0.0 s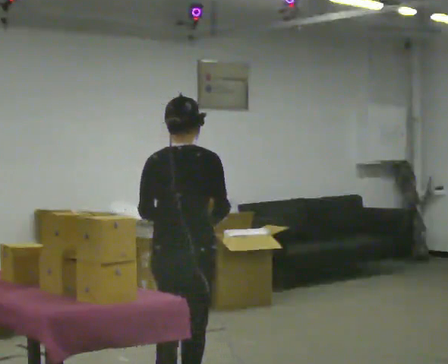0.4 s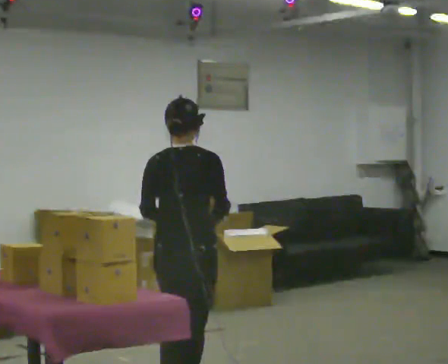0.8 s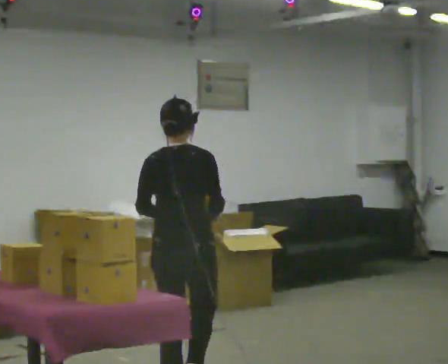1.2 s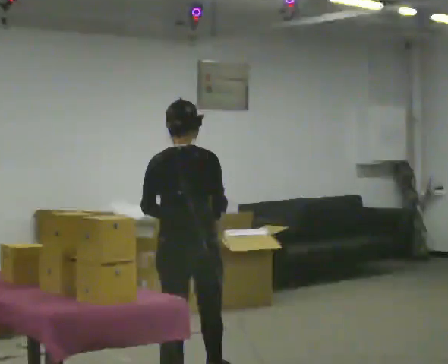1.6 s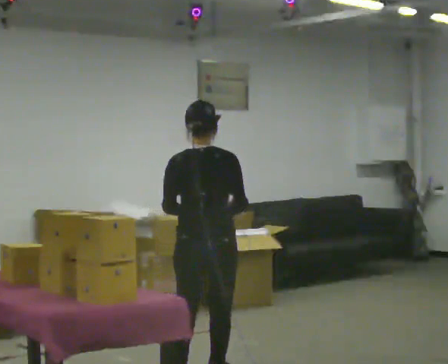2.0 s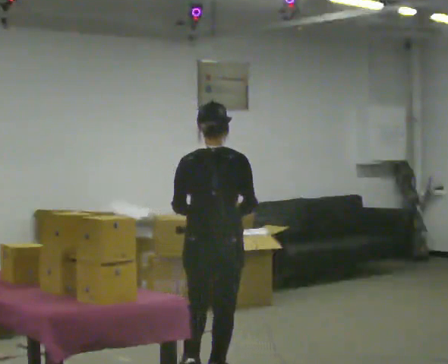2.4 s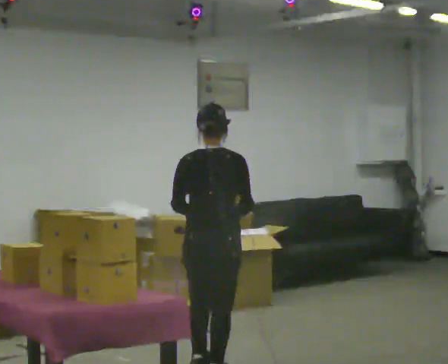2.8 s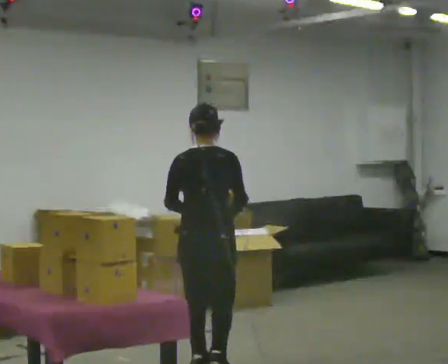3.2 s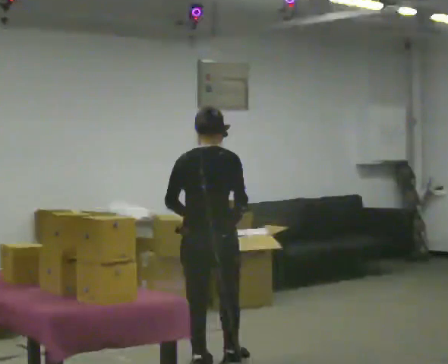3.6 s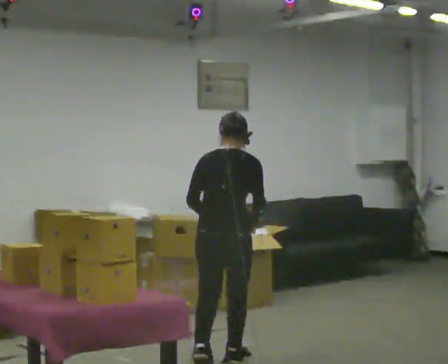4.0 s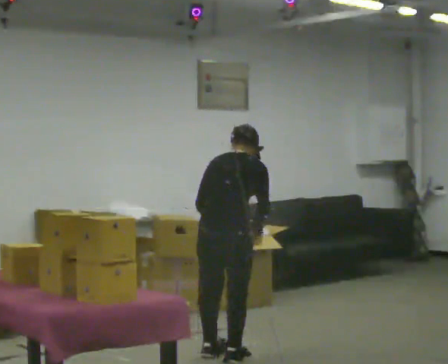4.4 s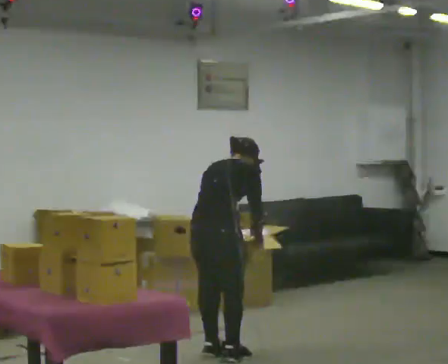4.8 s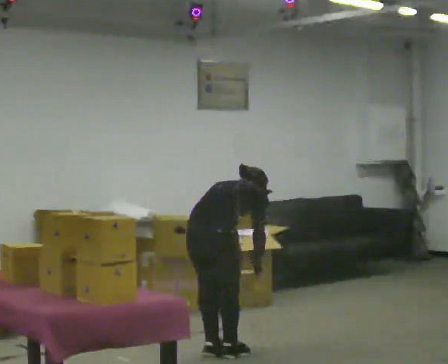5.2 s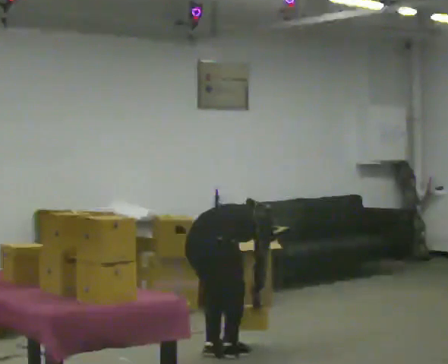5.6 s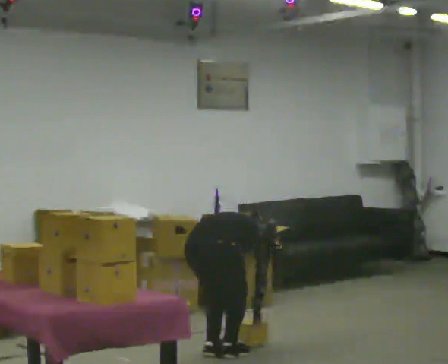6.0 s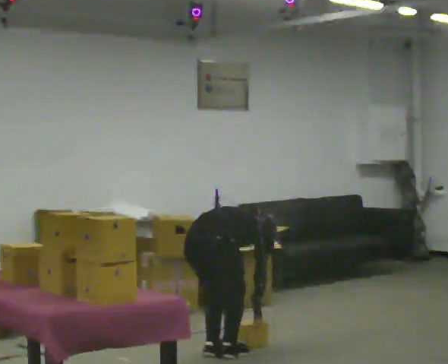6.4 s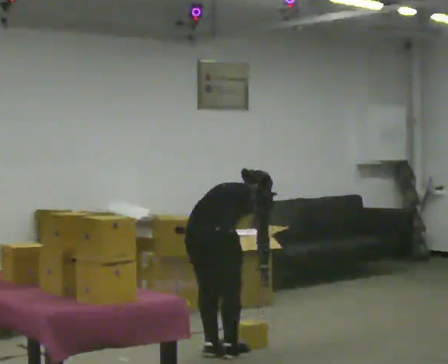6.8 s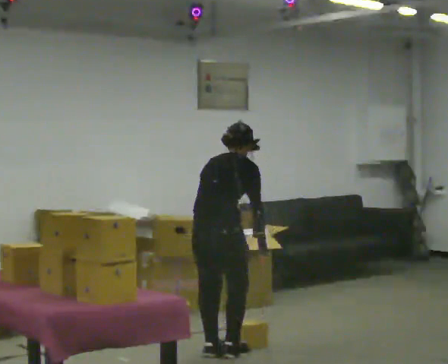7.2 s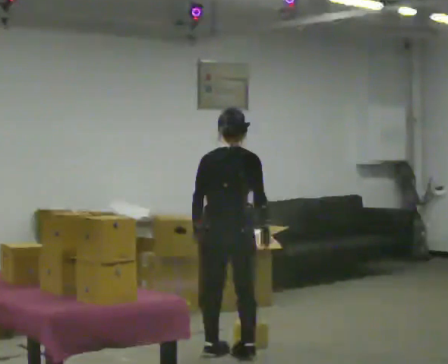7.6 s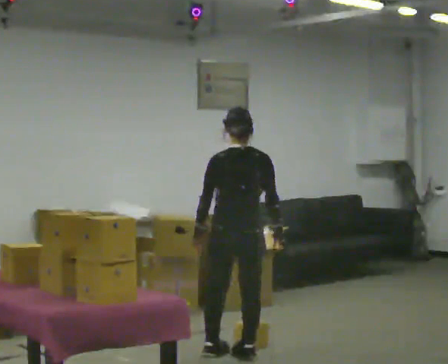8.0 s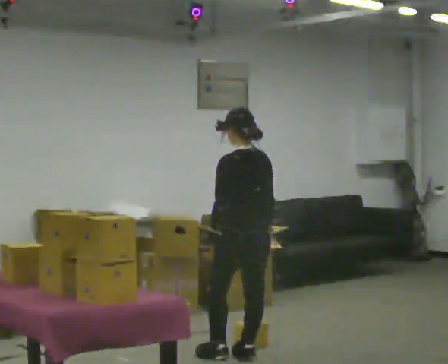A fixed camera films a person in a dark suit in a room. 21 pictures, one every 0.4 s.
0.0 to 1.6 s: In the picture they go away from the camera, about 0.5 m in 2 steps, which for them is forward.
1.6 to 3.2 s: In the picture they go away from the camera, about 0.25 m in 1 step, which for them is forward.
3.2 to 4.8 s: In the picture they go away from the camera, about 0.25 m in 2 steps, which for them is forward. The upper body goes downward. The upper body tips away from the camera, its near side rolling upward, as they bend forward. In the picture their right hand goes downward.
4.8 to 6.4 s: The person moves a little, or ends about where they began.
6.4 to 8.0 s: The person turns about 75 degrees to their left, counterclockwise seen from above, so the part of the body nearest the lens slides to the right. In the picture they go to the right, about 0.25 m. The upper body goes upward. The upper body tips toward the camera, its near side rolling downward, as they lean back or straighten.
The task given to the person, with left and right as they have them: Take the objects from the bin one at a time and put one in each of the places the operator points out. Keep going until the operator says stop; one object at a time, and do not rush between trips.
The film runs forward here.
